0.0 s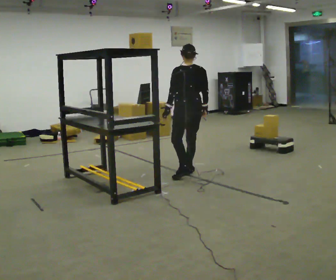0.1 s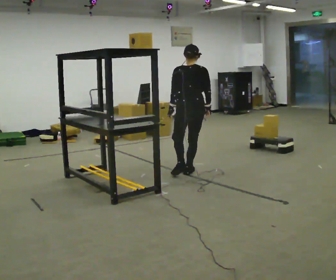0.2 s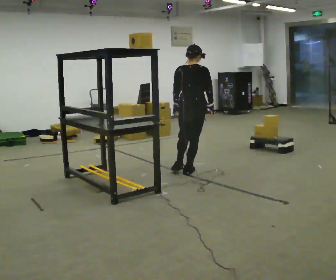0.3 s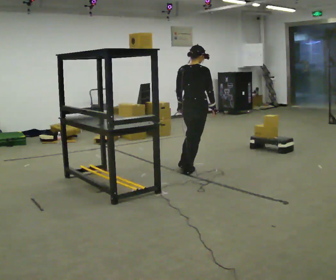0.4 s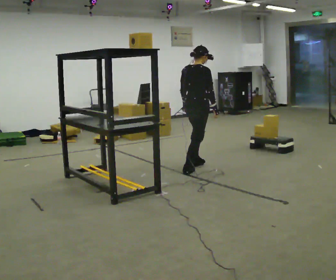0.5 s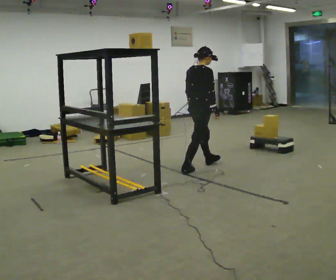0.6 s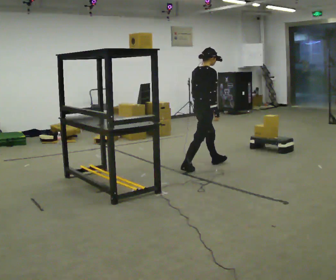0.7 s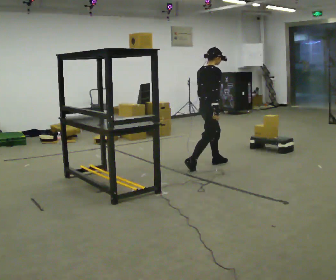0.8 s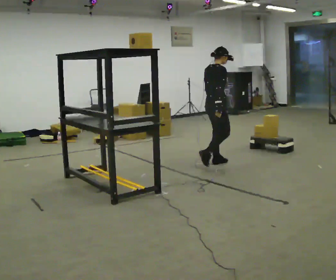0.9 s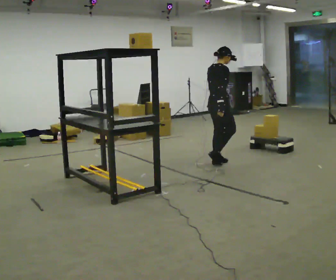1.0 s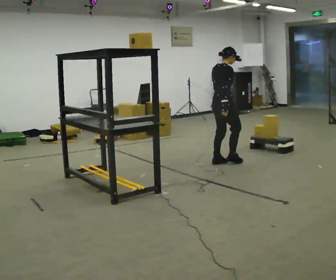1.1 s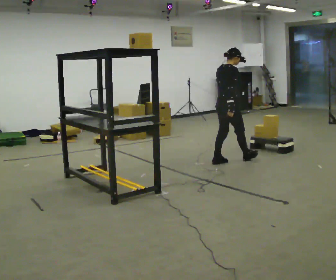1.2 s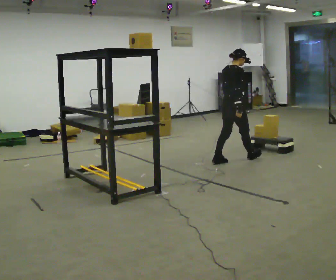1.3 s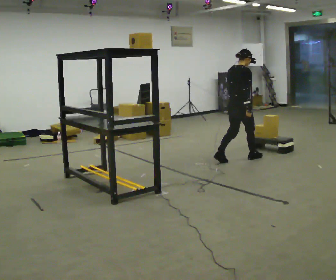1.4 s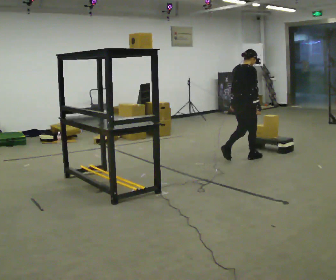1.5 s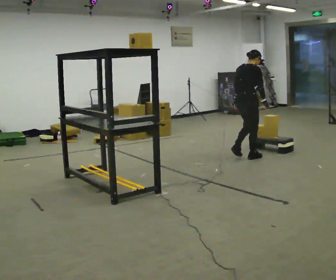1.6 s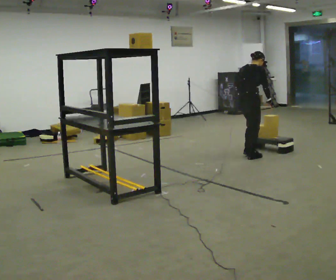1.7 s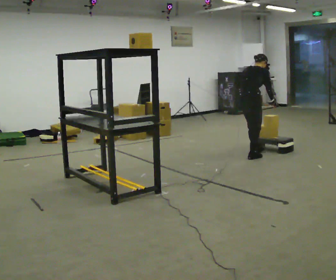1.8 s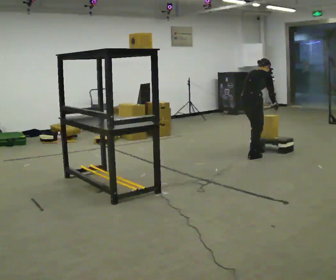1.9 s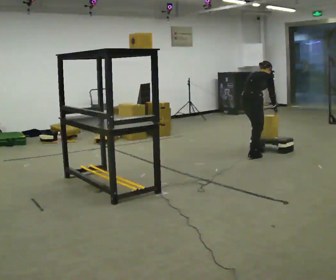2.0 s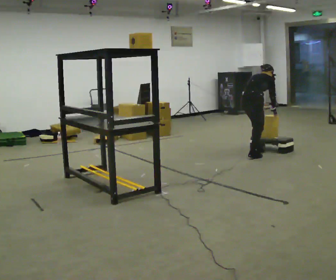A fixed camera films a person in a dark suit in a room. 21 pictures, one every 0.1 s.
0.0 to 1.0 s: Seen from above the body turns clockwise, about 75 degrees: to their right, with its near side sliding to the left. In the picture they go away from the camera and to the right, about 0.5 m in 1 step.
1.0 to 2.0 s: In the picture they go to the right and away from the camera, about 0.5 m in 2 steps, which for them is forward. The upper body goes downward. The upper body tips away from the camera, its near side rolling upward, as they bend forward.
The film runs forward here.
